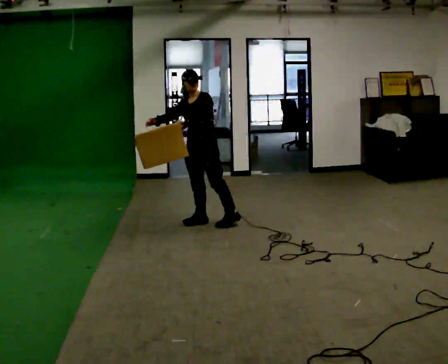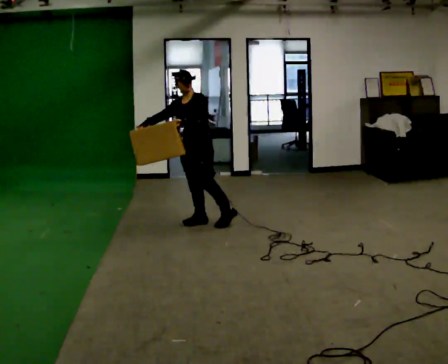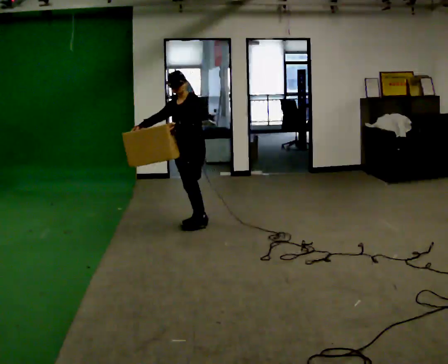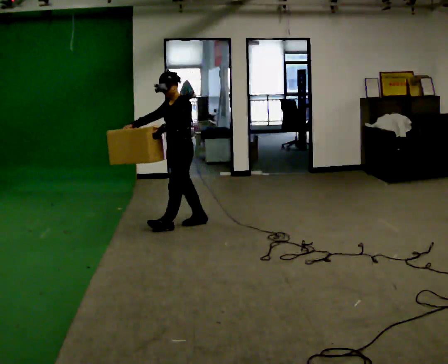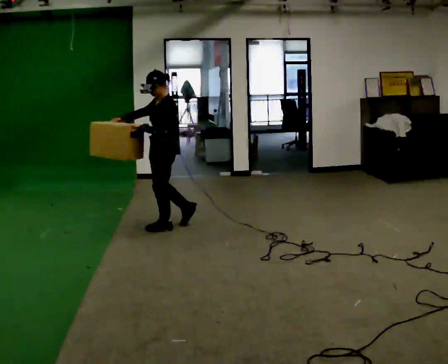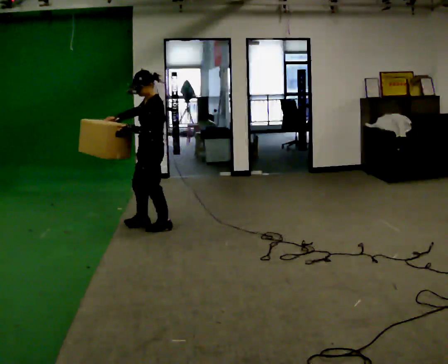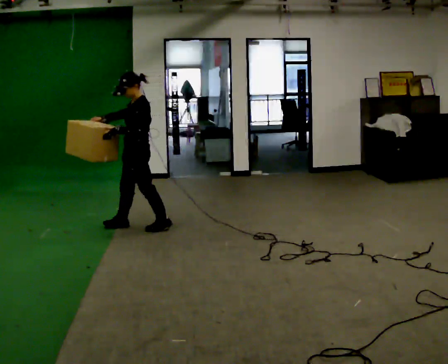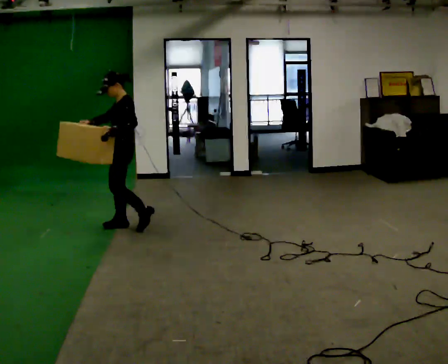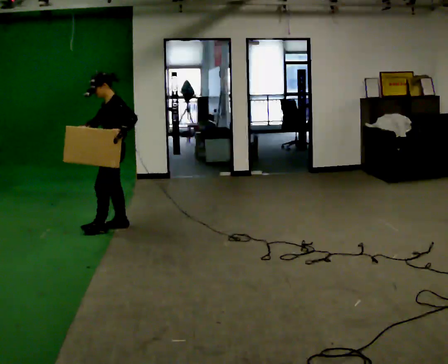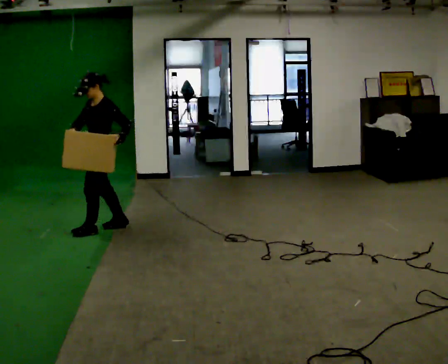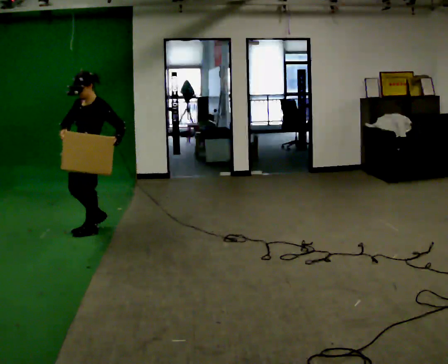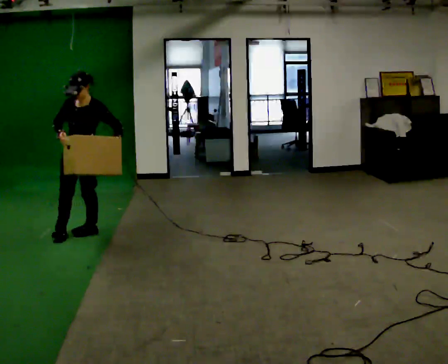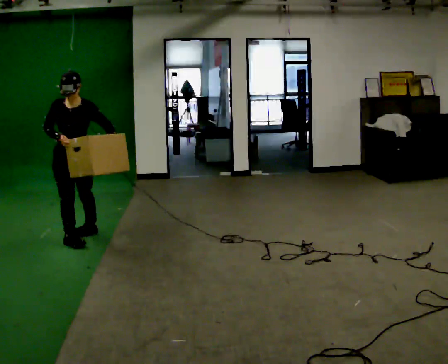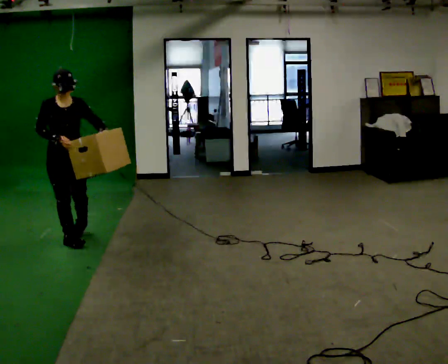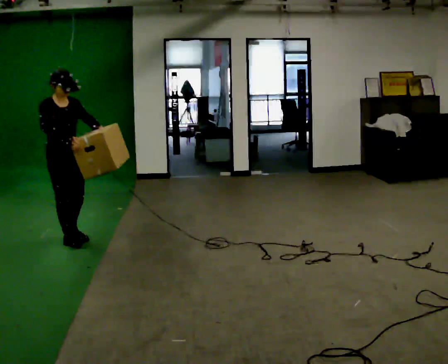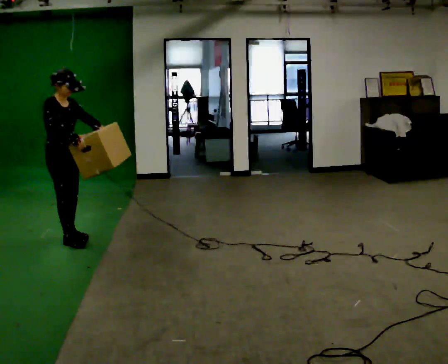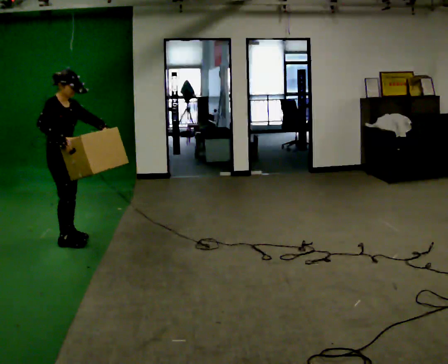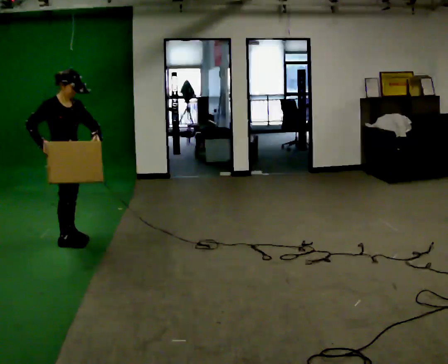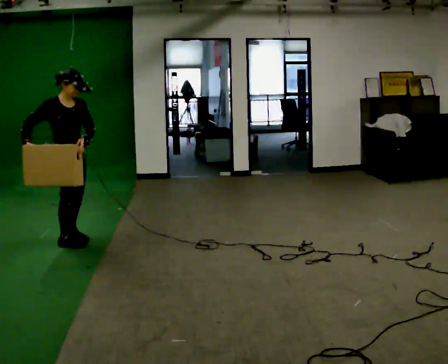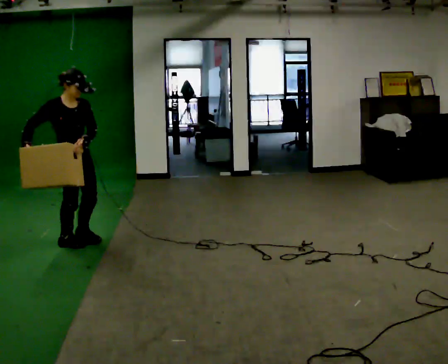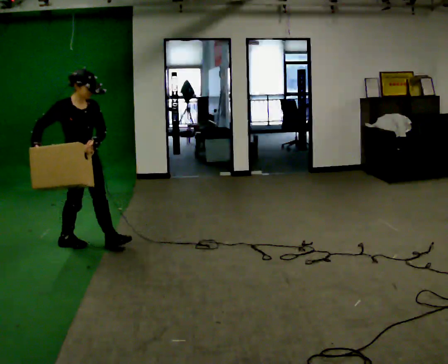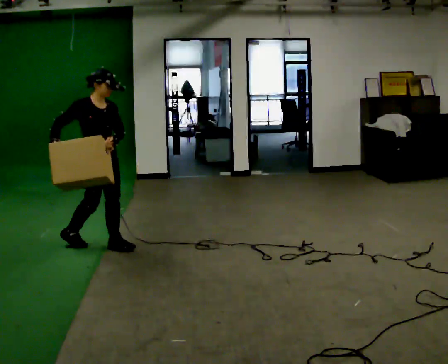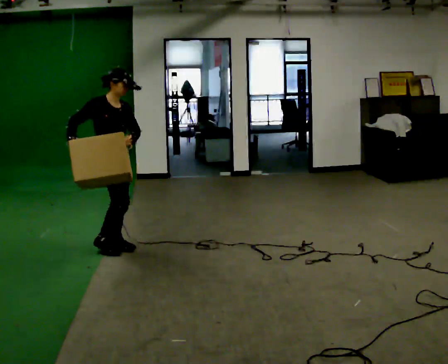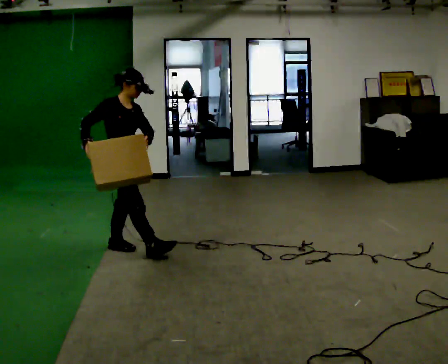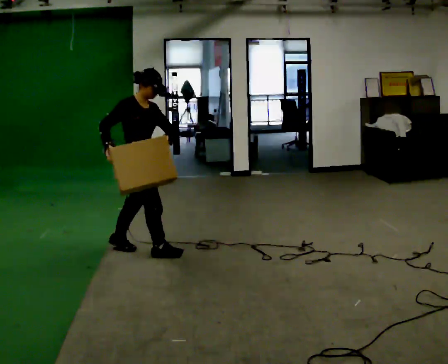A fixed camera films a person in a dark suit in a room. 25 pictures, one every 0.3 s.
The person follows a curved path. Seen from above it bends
counterclockwise.
0.0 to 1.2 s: The person turns about 30 degrees to their right, clockwise seen from above, so the part of the body nearest the lens slides to the left. In the picture they go to the left, about 0.5 m in 1 step, which for them is forward.
1.2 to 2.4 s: In the picture they go to the left and away from the camera, about 0.5 m in 1 step, which for them is forward.
2.4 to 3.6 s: The person turns about 75 degrees to their left, counterclockwise seen from above, so the part of the body nearest the lens slides to the right. In the picture they go to the left and toward the camera, about 0.5 m in 2 steps.
3.6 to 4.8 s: The part of the body nearest the lens slides to the right as the person turns to their left by about 75 degrees.
4.8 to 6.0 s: In the picture they go toward the camera and to the right, about 0.25 m, which for them is forward.
6.0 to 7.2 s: In the picture they go to the right and toward the camera, about 0.5 m in 2 steps, which for them is forward.
The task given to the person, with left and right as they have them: Carry the box and, while walking, shift it to a different hold: front, then hip, then shoulder, then back to front. Do not stop walking.
The film runs forward here.
